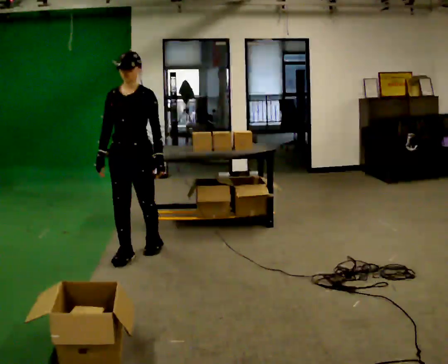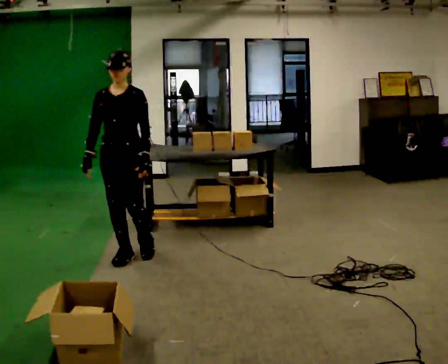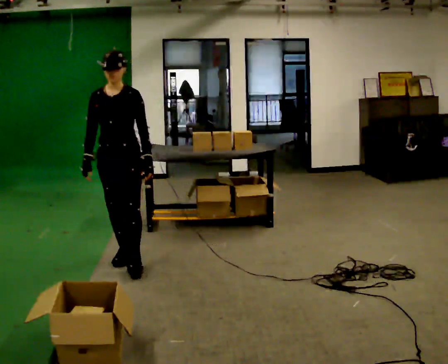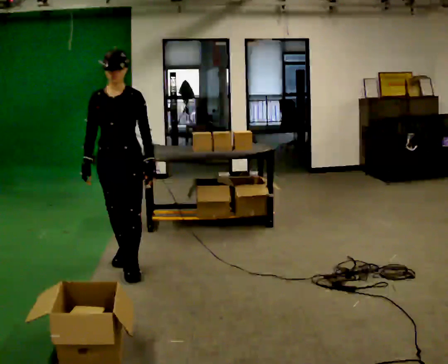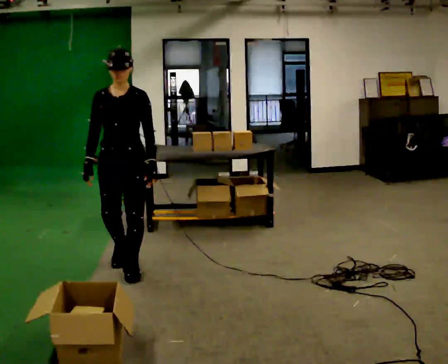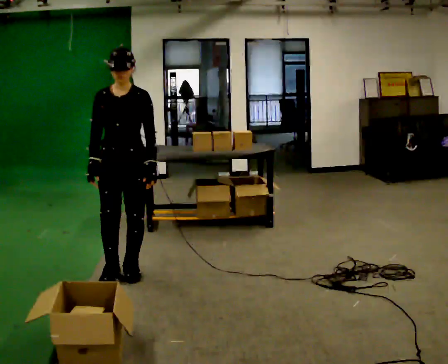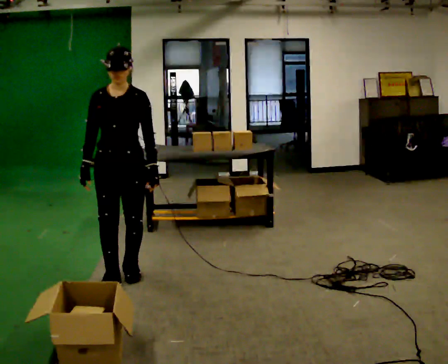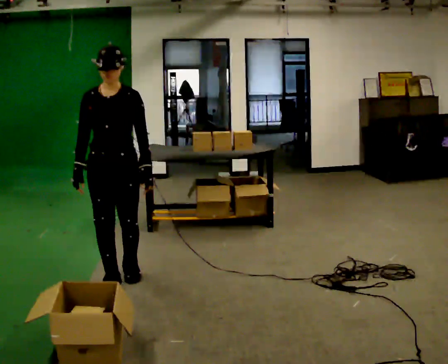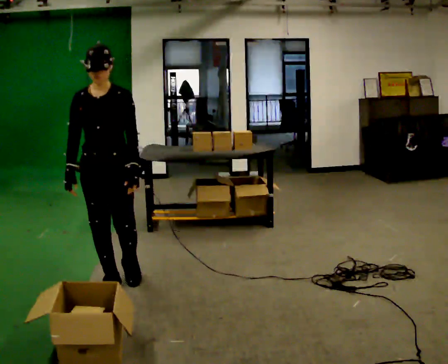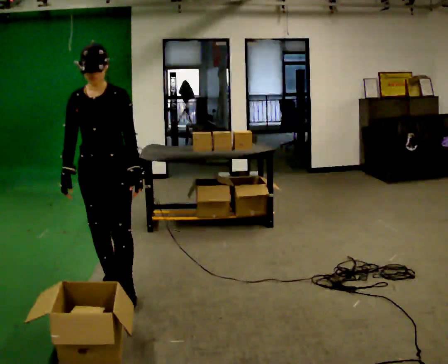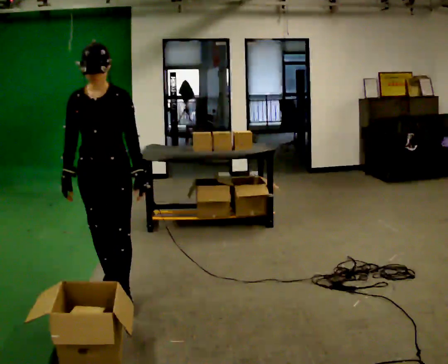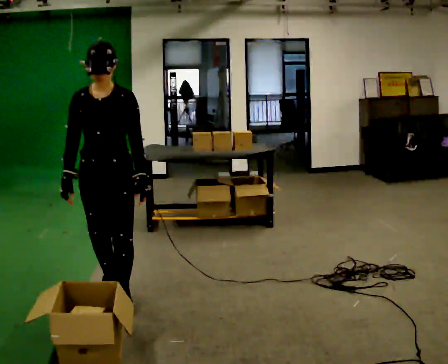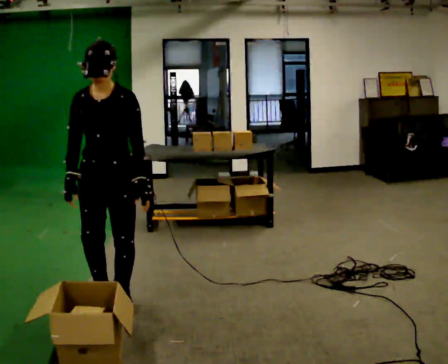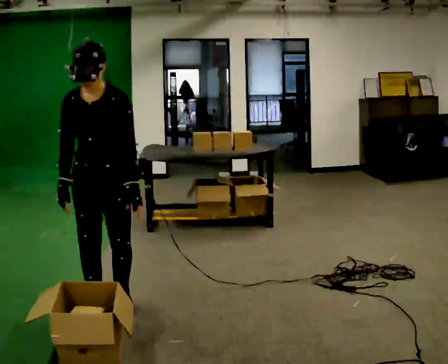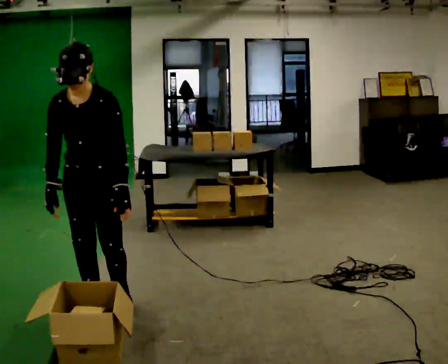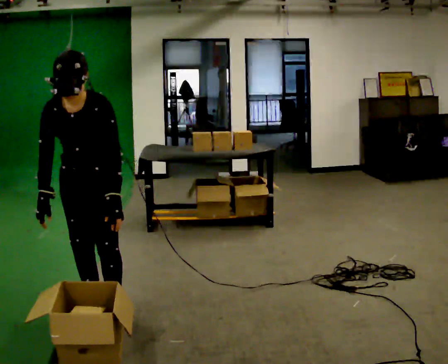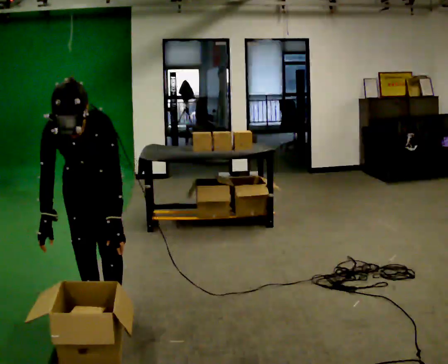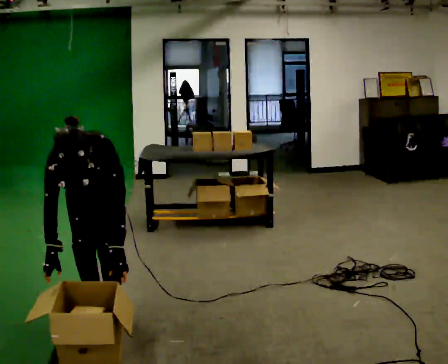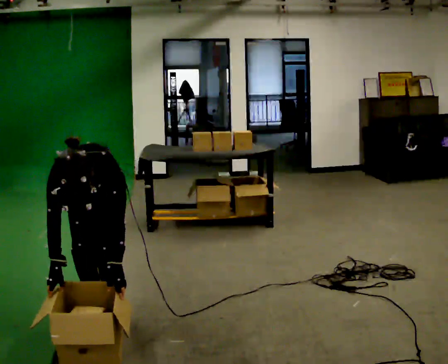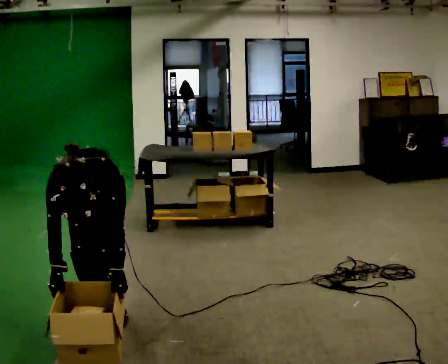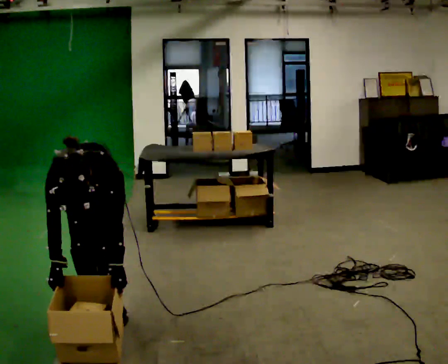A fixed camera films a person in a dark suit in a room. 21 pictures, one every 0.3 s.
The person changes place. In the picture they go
toward the camera.
The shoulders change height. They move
downward.
0.0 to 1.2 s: In the picture they go toward the camera, about 0.25 m in 1 step, which for them is forward.
1.2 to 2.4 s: In the picture they go toward the camera, about 0.25 m in 1 step, which for them is forward.
2.4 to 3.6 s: In the picture they go toward the camera, about 0.25 m in 1 step, which for them is forward.
3.6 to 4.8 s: The upper body goes downward. The upper body tips toward the camera, its near side rolling downward, as they bend forward.
4.8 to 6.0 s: The upper body goes downward. The upper body tips toward the camera, its near side rolling downward, as they bend forward.
The film runs forward here.
